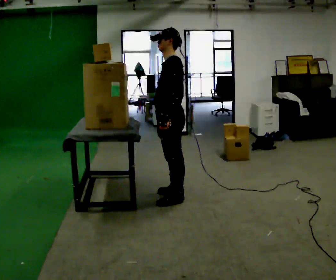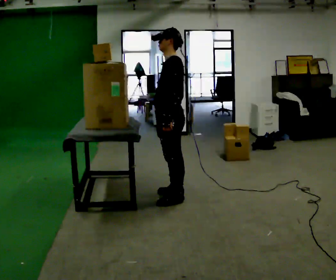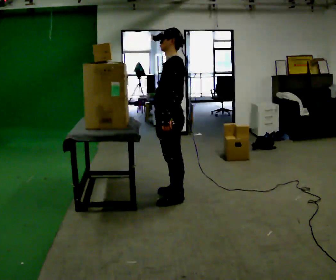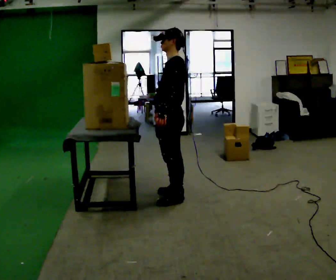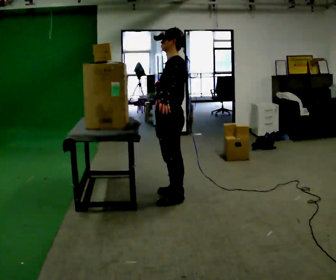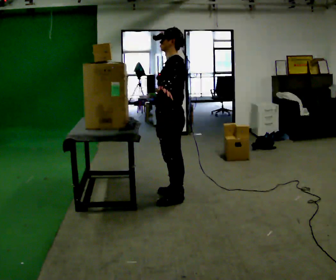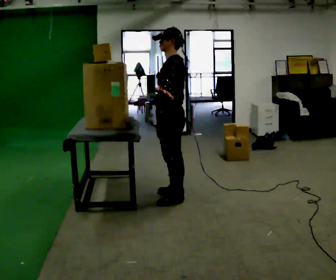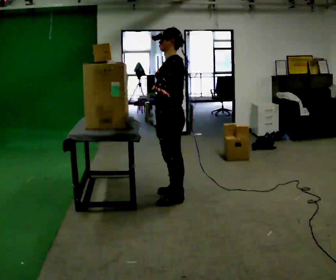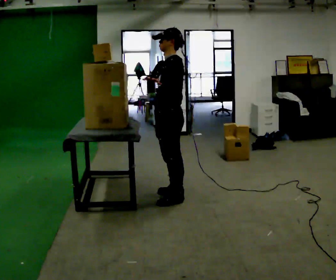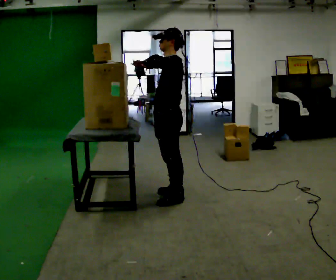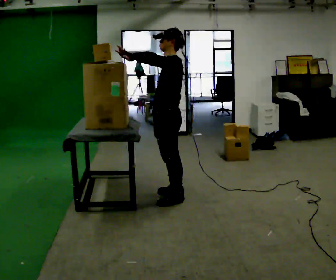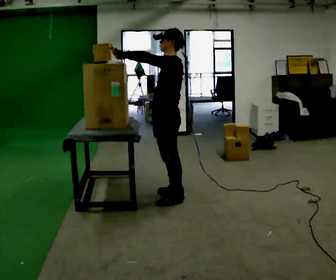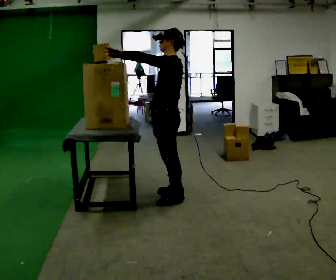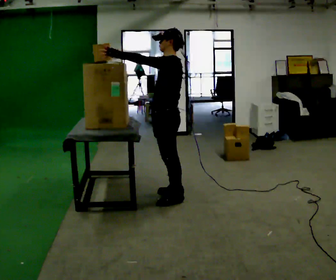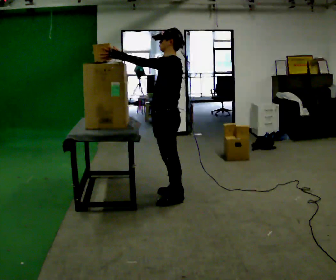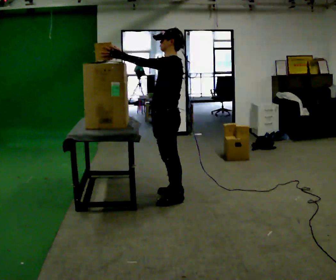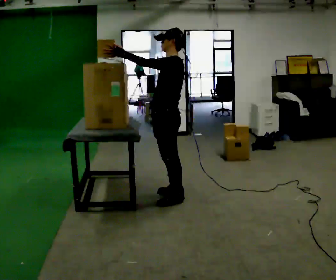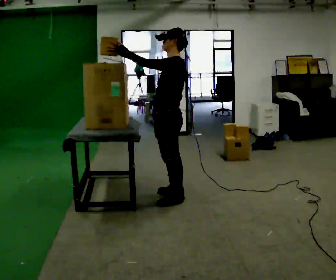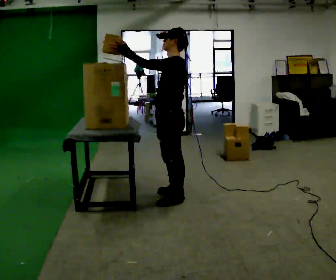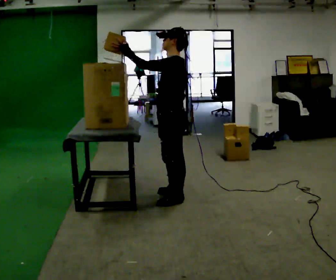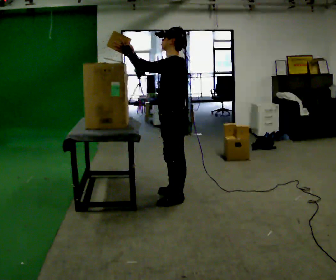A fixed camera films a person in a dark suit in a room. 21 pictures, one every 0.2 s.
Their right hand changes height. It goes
upward.
Their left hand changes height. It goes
upward.
0.0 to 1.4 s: In the picture their right hand goes upward.
1.4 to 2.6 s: In the picture their left hand goes to the left.
2.6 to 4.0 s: The person moves a little, or ends about where they began.
The film runs forward here.
